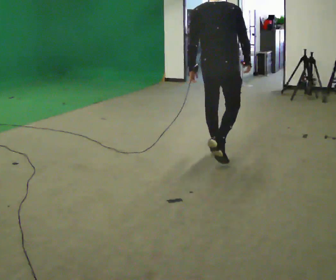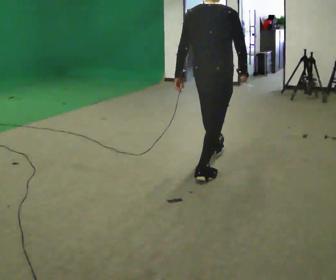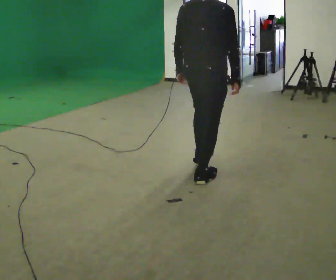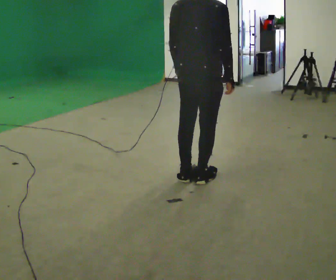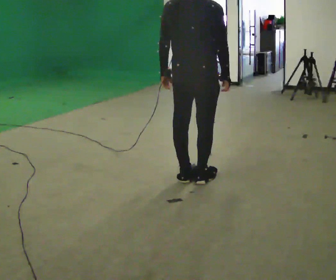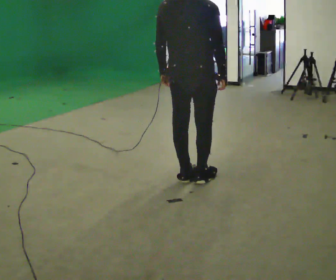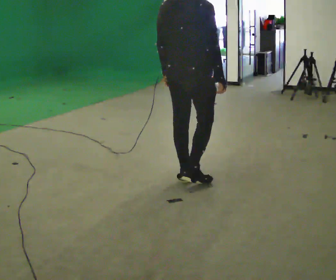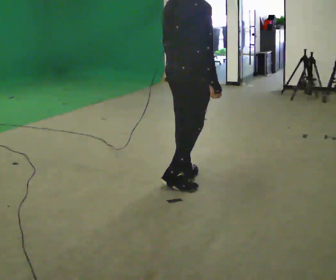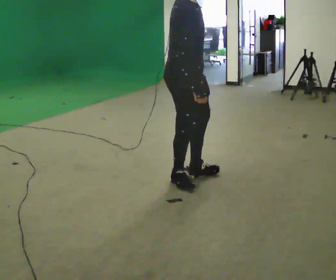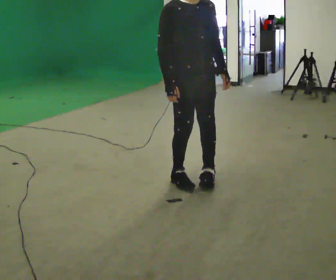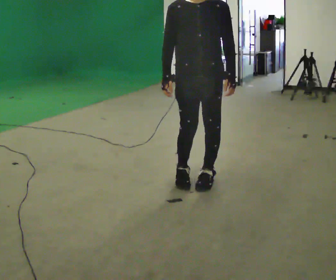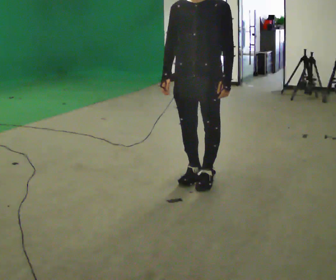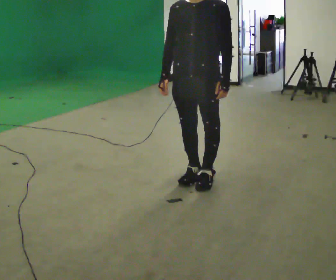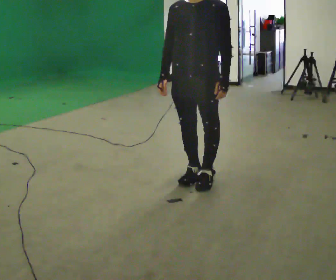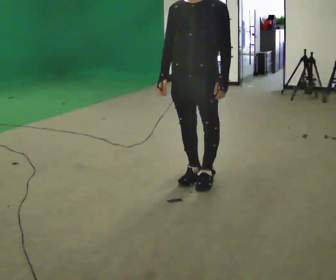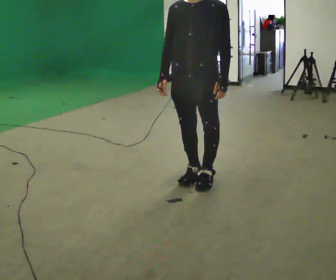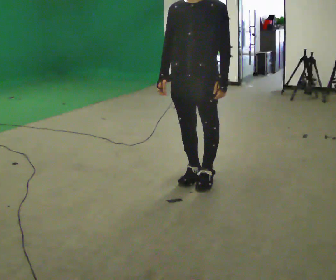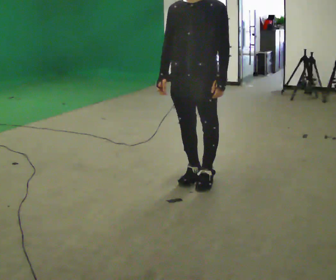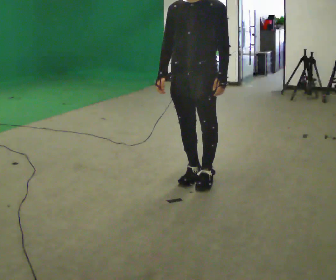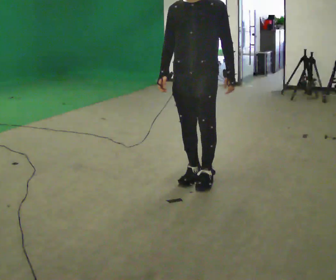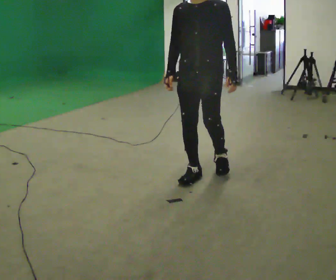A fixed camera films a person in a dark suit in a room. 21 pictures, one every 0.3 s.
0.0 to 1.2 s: In the picture they go toward the camera, about 0.75 m in 1 step, which for them is backward.
1.2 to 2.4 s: The person turns about 75 degrees to their right, clockwise seen from above, so the part of the body nearest the lens slides to the left.
2.4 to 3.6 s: The part of the body nearest the lens slides to the left as the person turns to their right by about 120 degrees.
3.6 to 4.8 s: The person keeps their place and pose.
4.8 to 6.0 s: In the picture they go away from the camera, about 0.25 m in 1 step, which for them is backward.
The film runs backward here.
